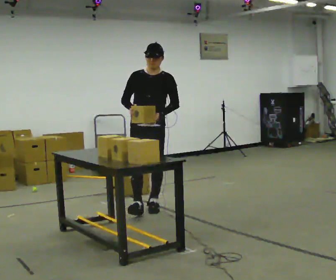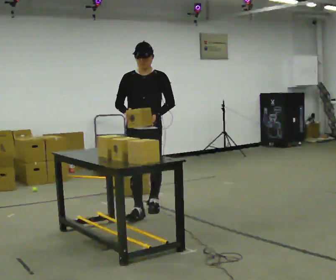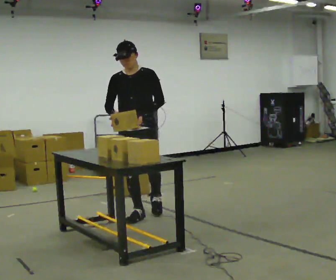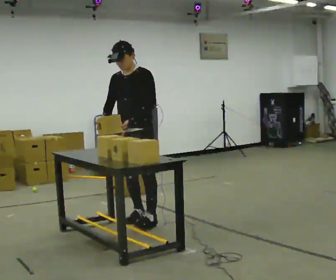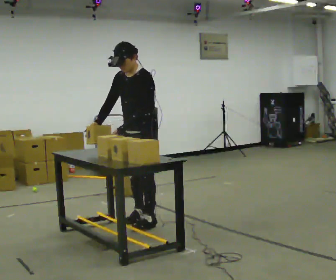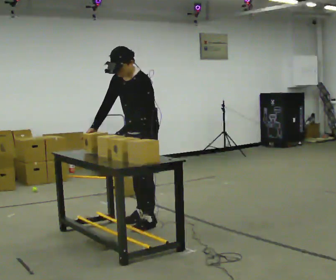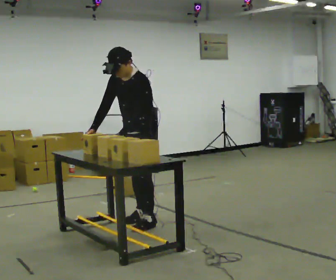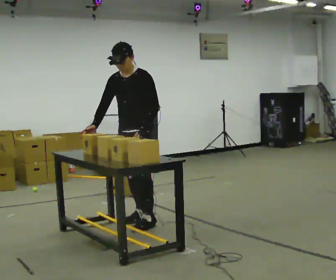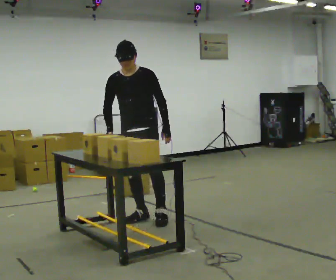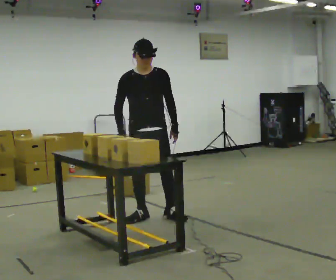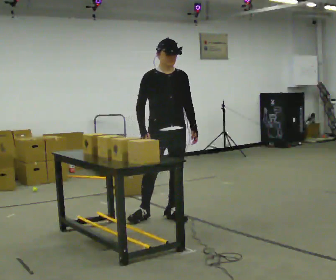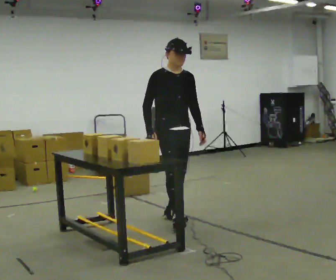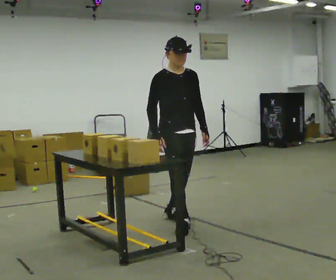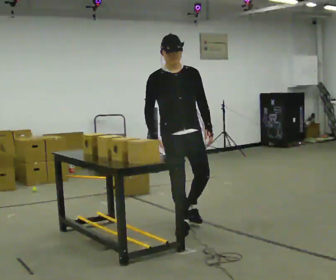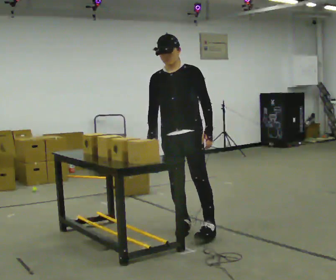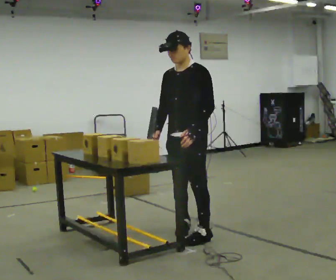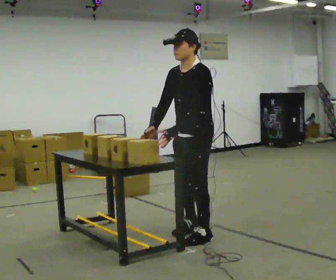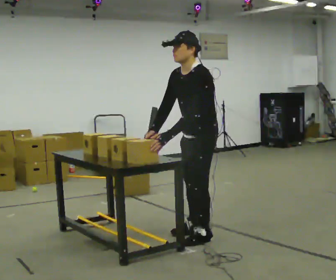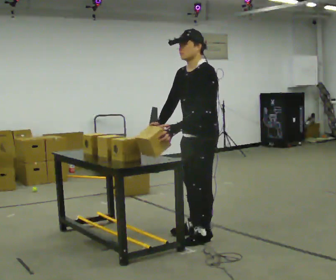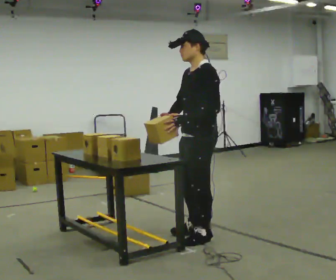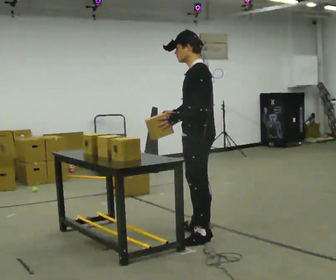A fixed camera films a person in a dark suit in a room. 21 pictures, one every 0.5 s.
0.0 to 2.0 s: The person turns about 45 degrees to their right, clockwise seen from above, so the part of the body nearest the lens slides to the left. In the picture they go toward the camera, about 0.5 m in 2 steps, which for them is forward. The upper body tips toward the camera, its near side rolling downward, as they bend forward.
2.0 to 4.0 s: Seen from above the body turns counterclockwise, about 30 degrees: to their left, with its near side sliding to the right. In the picture they go away from the camera, about 0.25 m, which for them is to their right. In the picture their left hand goes to the right, the arm swinging counterclockwise.
4.0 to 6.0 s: The person turns about 45 degrees to their left, counterclockwise seen from above, so the part of the body nearest the lens slides to the right. In the picture they go to the right and toward the camera, about 0.5 m in 2 steps, which for them is forward and to their left.
6.0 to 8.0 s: The part of the body nearest the lens slides to the left as the person turns to their right by about 90 degrees. In the picture they go toward the camera and to the right, about 0.5 m in 1 step.
8.0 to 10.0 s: Seen from above the body turns clockwise, about 30 degrees: to their right, with its near side sliding to the left.
The film runs forward here.
